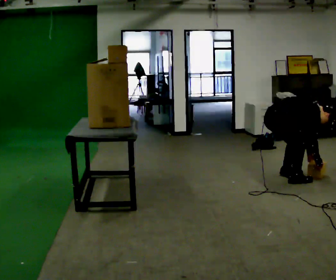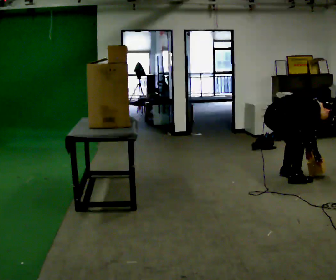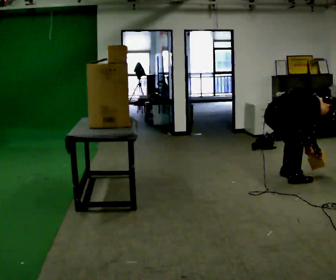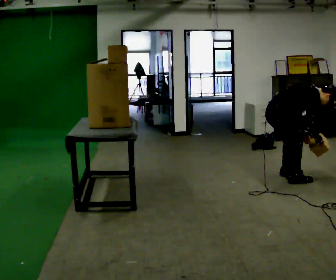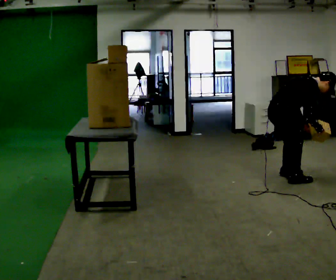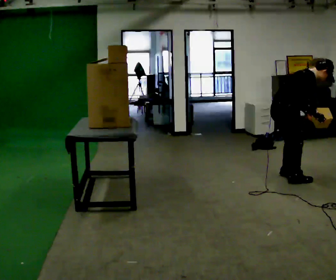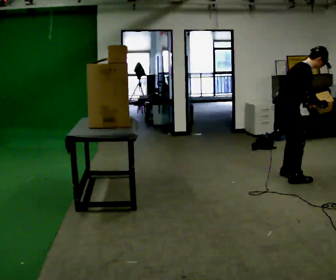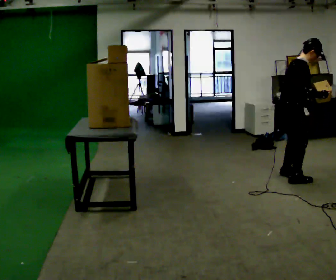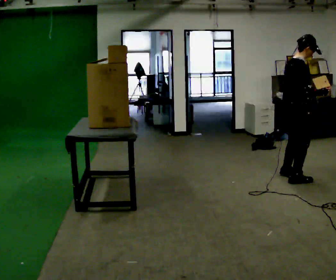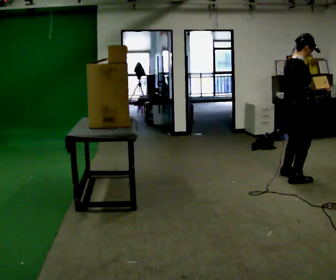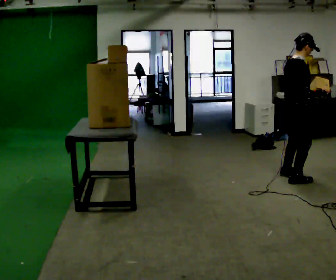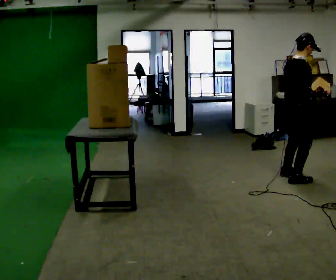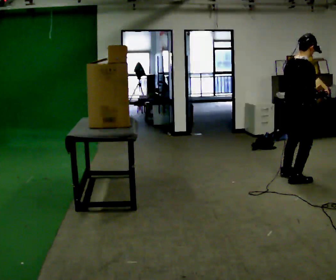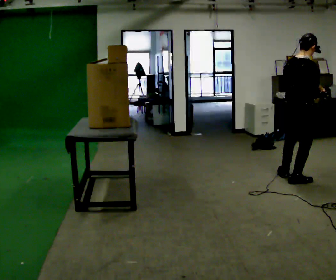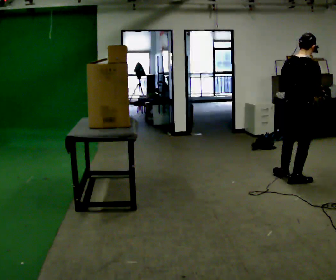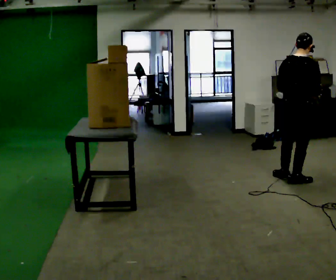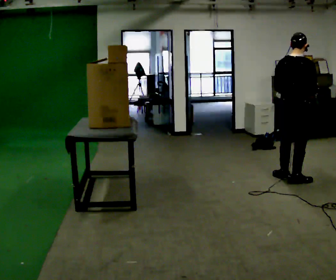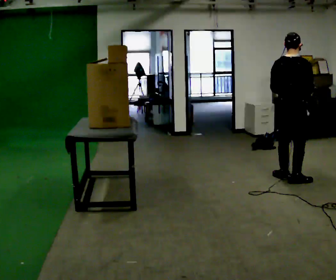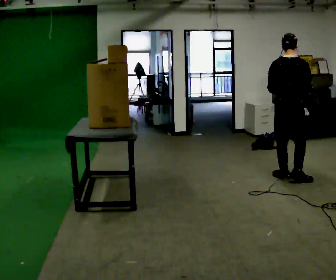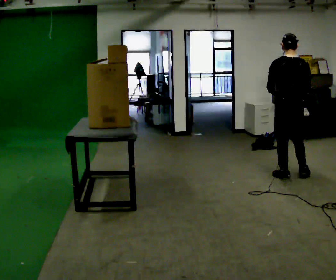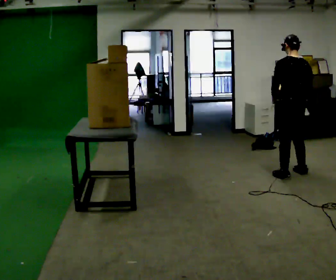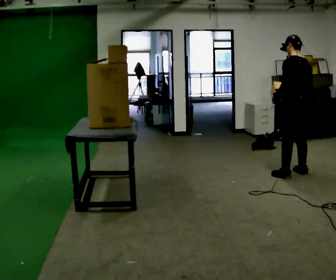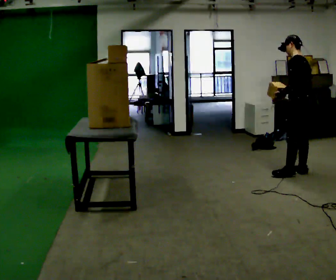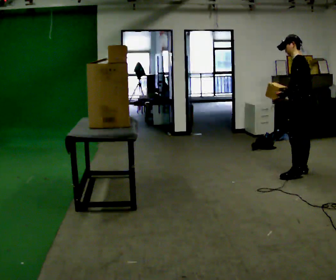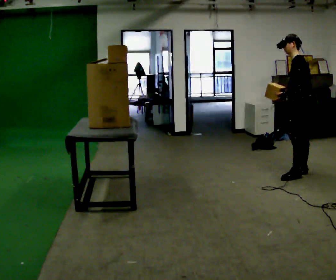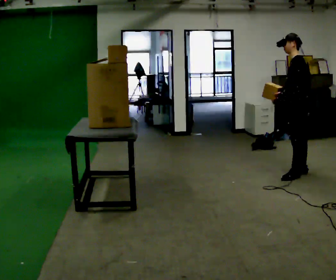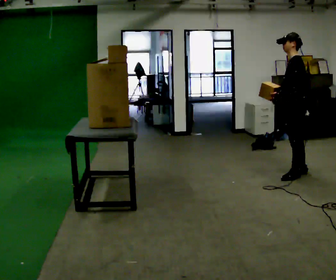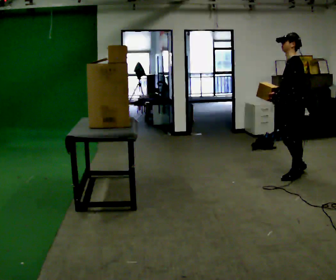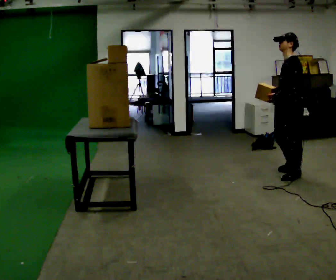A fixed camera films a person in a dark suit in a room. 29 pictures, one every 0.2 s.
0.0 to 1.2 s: The upper body goes upward. In the picture the upper body tilts counterclockwise, shoulders to the left, as they lean back or straighten. In the picture their right hand goes upward.
1.2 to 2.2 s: In the picture the upper body tilts counterclockwise, shoulders to the left, as they lean back or straighten.
2.2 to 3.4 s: Seen from above the body turns counterclockwise, about 45 degrees: to their left, with its near side sliding to the right.
3.4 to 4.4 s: The part of the body nearest the lens slides to the right as the person turns to their left by about 90 degrees. In the picture they go away from the camera and to the right, about 0.25 m in 1 step.
4.4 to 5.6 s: Seen from above the body turns counterclockwise, about 30 degrees: to their left, with its near side sliding to the right. In the picture they go to the left, about 0.25 m in 1 step, which for them is forward.
The film runs forward here.
